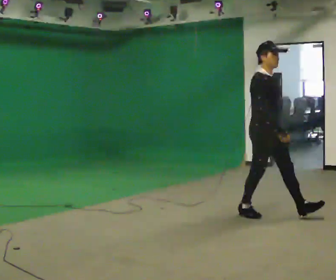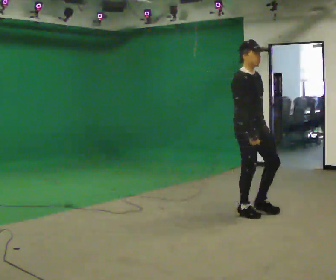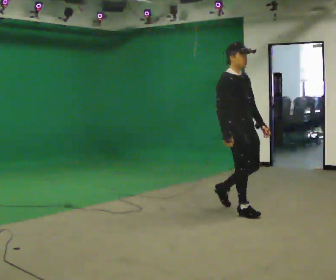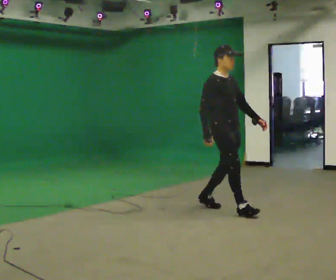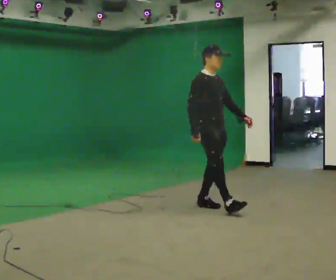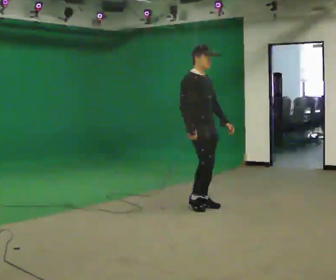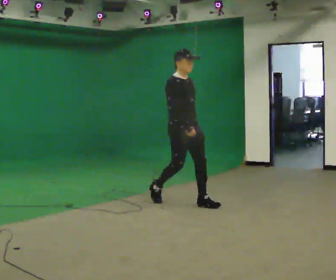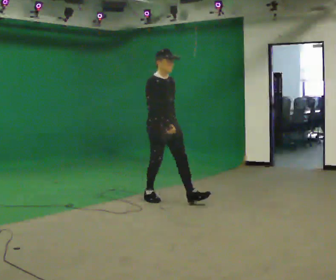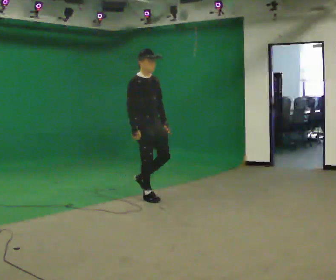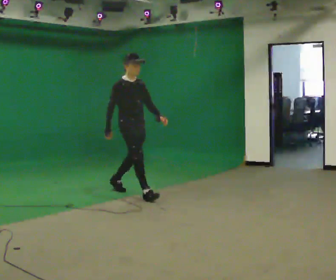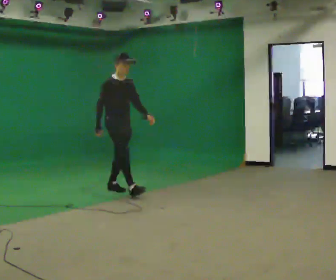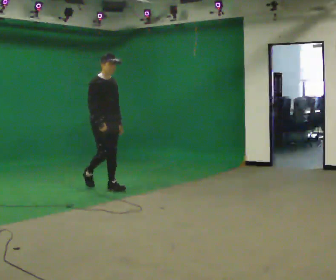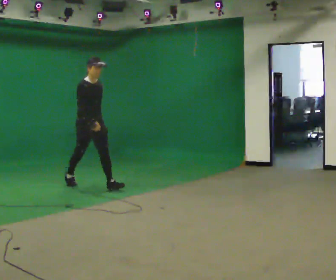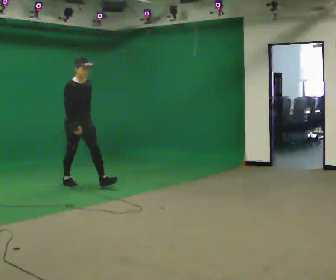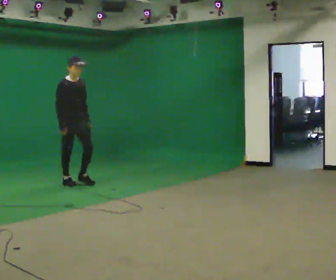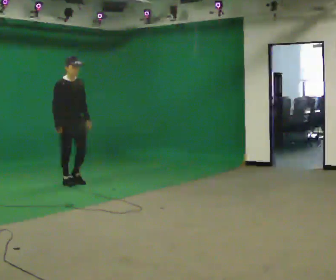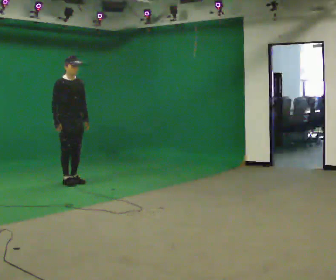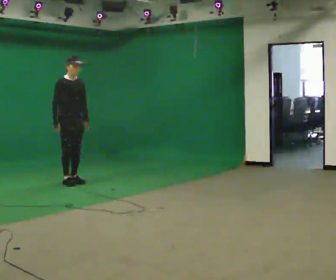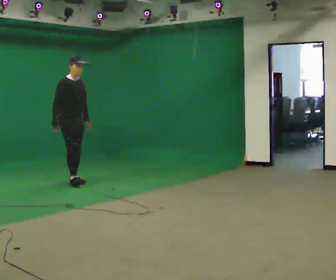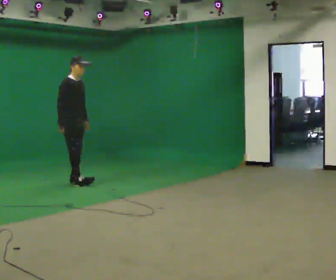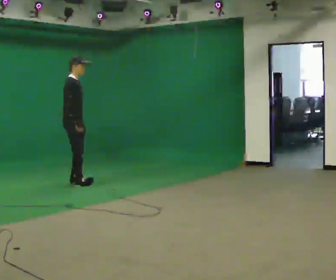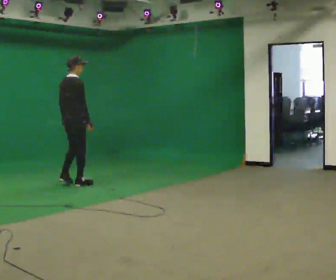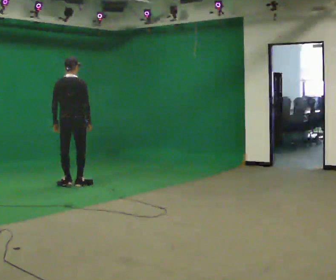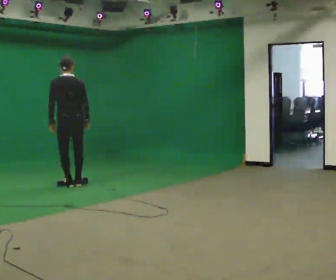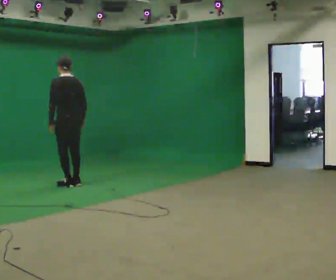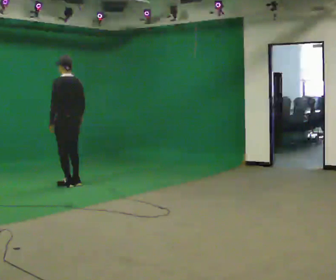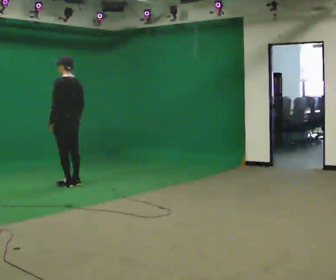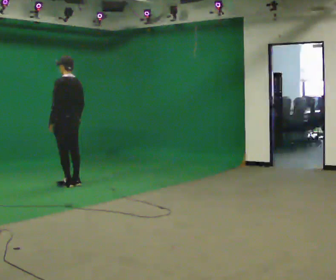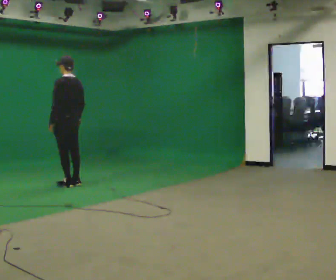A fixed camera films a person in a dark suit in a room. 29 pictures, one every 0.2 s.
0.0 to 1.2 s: In the picture they go away from the camera and to the left, about 1 m in 1 step, which for them is backward.
1.2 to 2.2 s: In the picture they go away from the camera and to the left, about 1.5 m in 2 steps, which for them is backward.
2.2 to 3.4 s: In the picture they go away from the camera and to the left, about 0.5 m in 1 step, which for them is backward.
3.4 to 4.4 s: The part of the body nearest the lens slides to the right as the person turns to their left by about 120 degrees. In the picture they go toward the camera, about 0.25 m in 2 steps. In the picture their left hand goes to the left, the arm swinging clockwise.
4.4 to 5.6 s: The person turns about 60 degrees to their left, counterclockwise seen from above, so the part of the body nearest the lens slides to the right.
The film runs backward here.
